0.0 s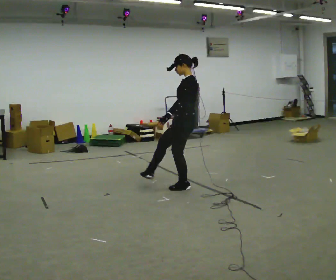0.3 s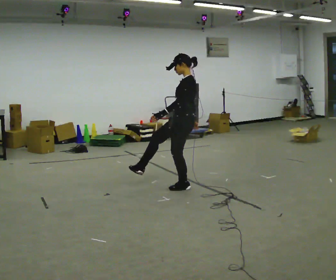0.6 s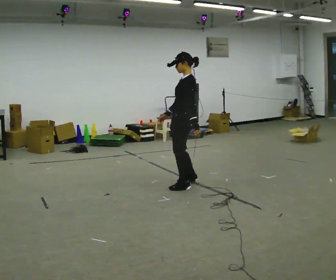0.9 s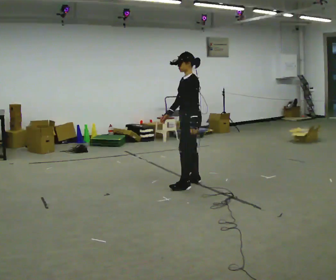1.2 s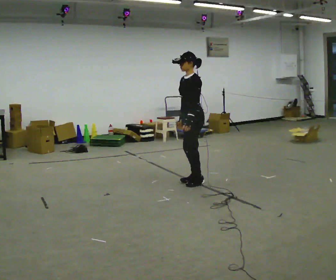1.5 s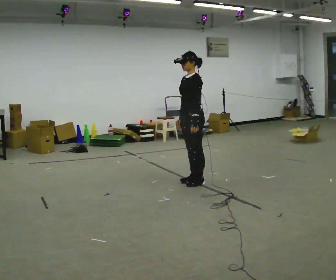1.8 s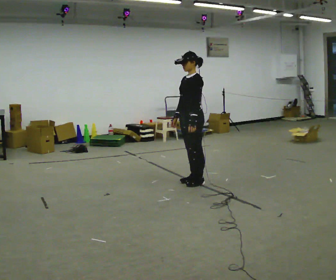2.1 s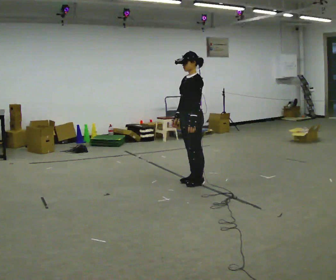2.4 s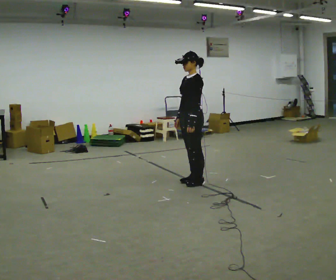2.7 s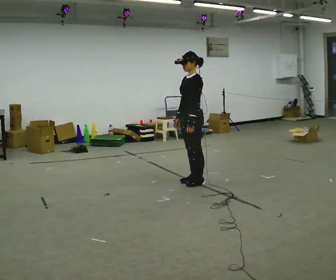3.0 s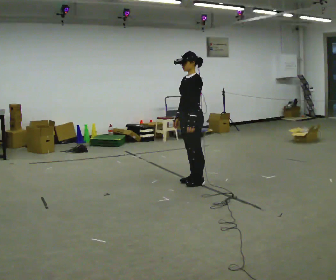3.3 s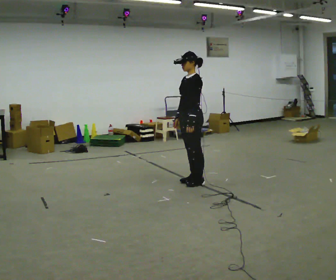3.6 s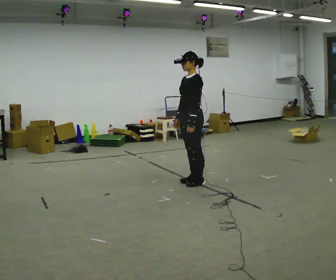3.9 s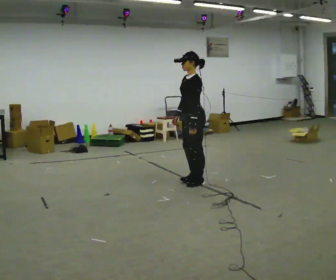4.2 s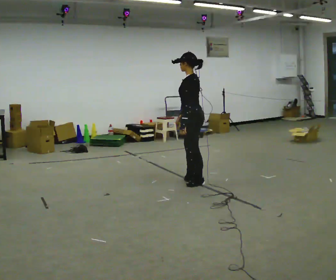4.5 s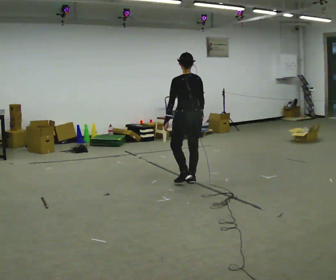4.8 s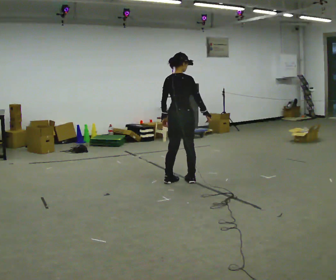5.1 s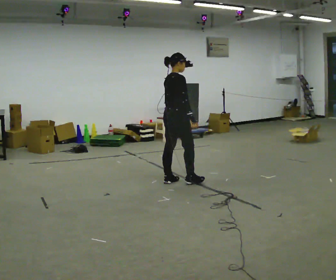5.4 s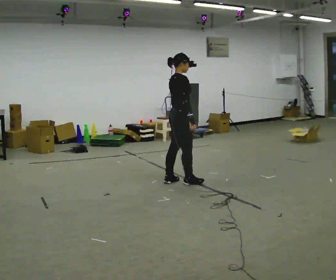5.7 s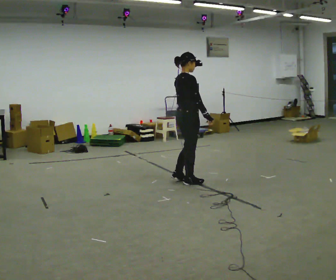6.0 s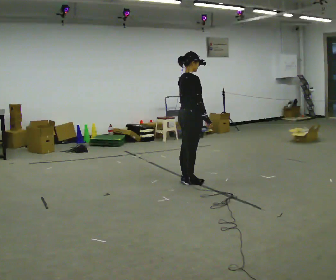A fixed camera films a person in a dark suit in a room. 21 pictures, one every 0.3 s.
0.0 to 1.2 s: Seen from above the body turns counterclockwise, about 30 degrees: to their left, with its near side sliding to the right. In the picture they go away from the camera, about 0.25 m in 2 steps, which for them is to their right.
1.2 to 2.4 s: The person moves a little, or ends about where they began.
2.4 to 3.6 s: The person keeps their place and pose.
3.6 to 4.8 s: The part of the body nearest the lens slides to the left as the person turns to their right by about 150 degrees. In the picture they go to the left, about 0.25 m in 1 step. In the picture their right hand goes to the right, the arm swinging counterclockwise.
4.8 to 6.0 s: The part of the body nearest the lens slides to the left as the person turns to their right by about 30 degrees.
The film runs forward here.
